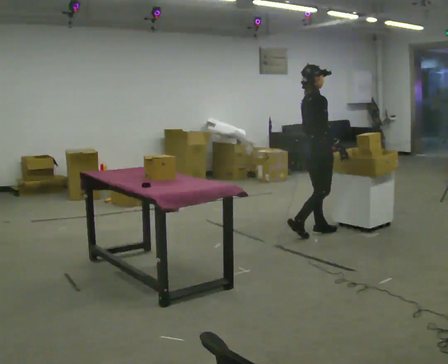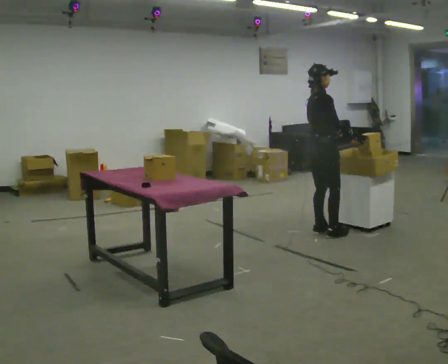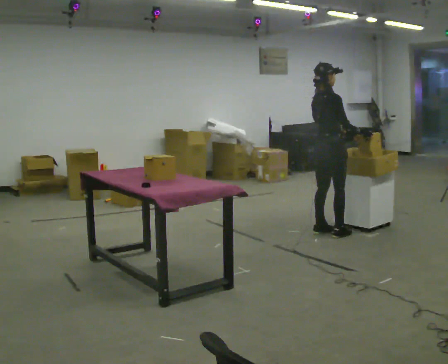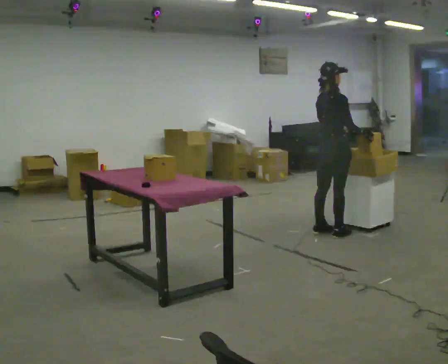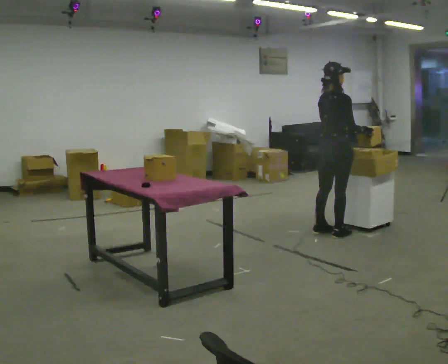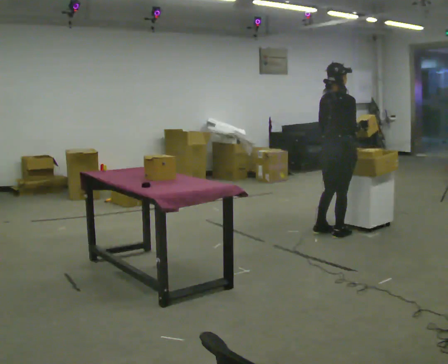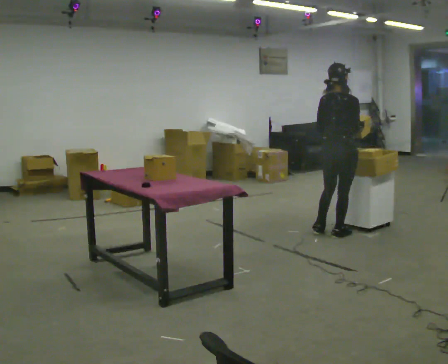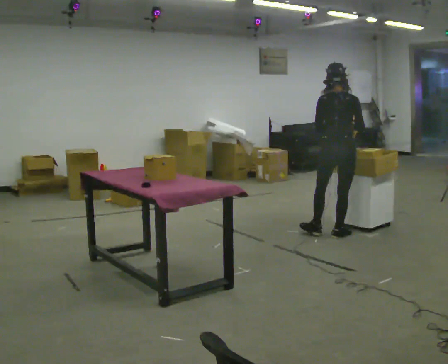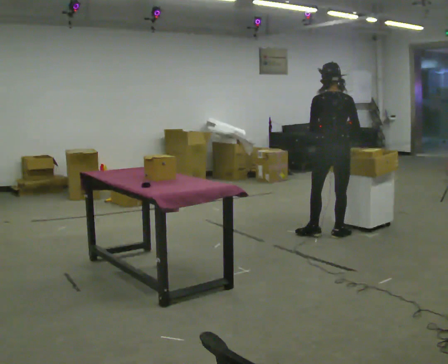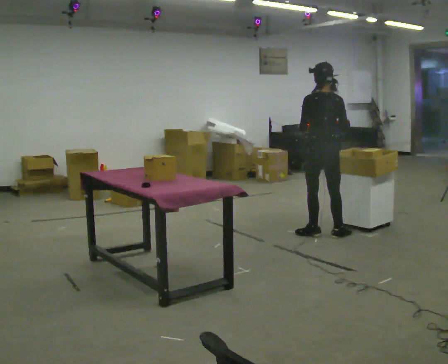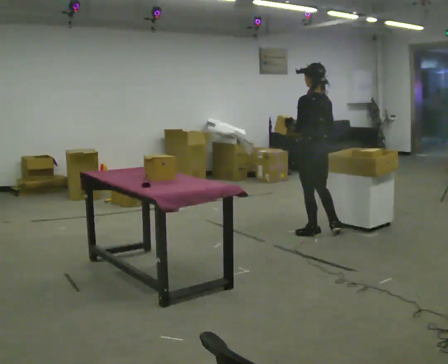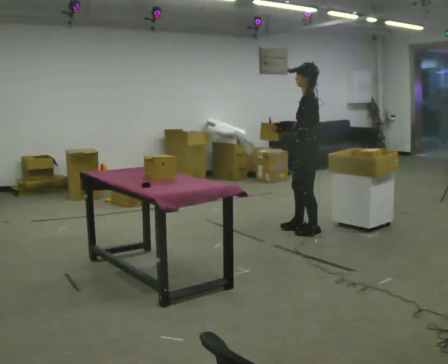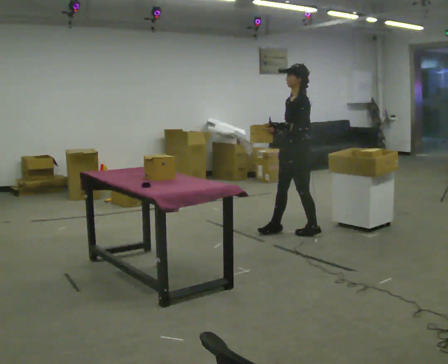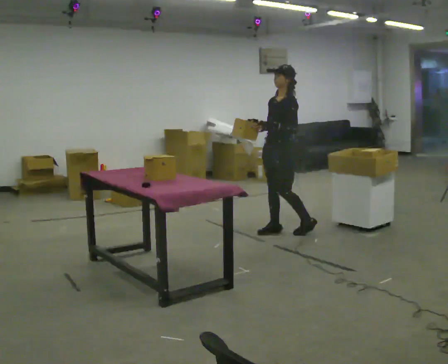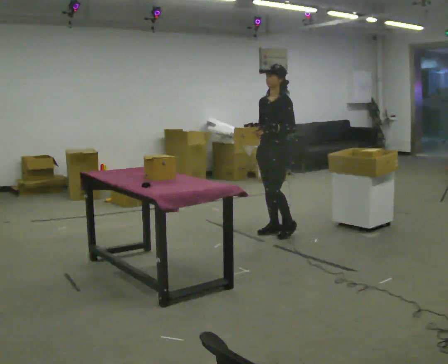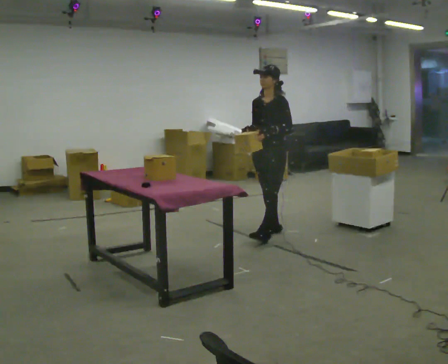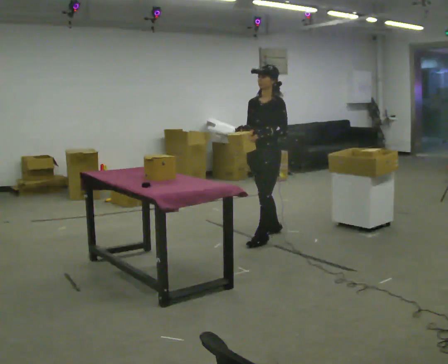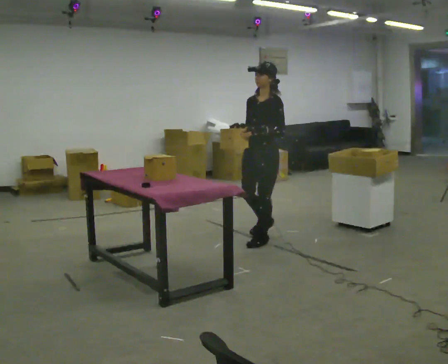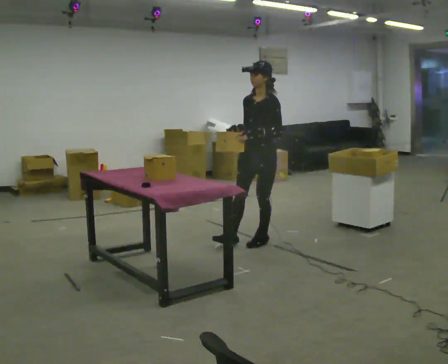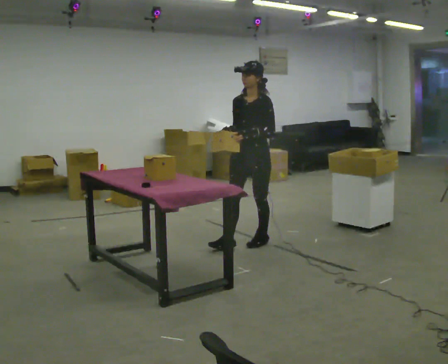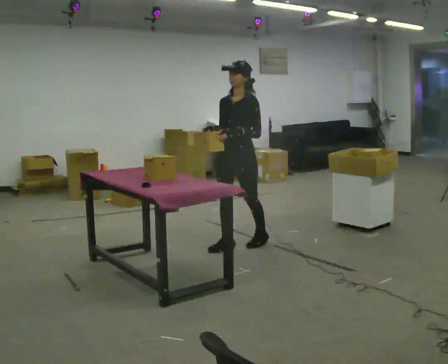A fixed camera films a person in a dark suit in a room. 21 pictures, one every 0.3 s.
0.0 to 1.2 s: In the picture they go to the right, about 0.25 m in 1 step, which for them is to their right.
1.2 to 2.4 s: Seen from above the body turns counterclockwise, about 45 degrees: to their left, with its near side sliding to the right.
2.4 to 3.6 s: The person turns about 105 degrees to their left, counterclockwise seen from above, so the part of the body nearest the lens slides to the right. In the picture they go to the left, about 0.25 m in 1 step.
3.6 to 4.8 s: The part of the body nearest the lens slides to the right as the person turns to their left by about 30 degrees. In the picture they go to the left and toward the camera, about 0.25 m in 1 step, which for them is forward.
4.8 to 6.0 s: In the picture they go toward the camera and to the left, about 0.5 m in 1 step, which for them is forward.
The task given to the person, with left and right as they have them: Move objects one at a time from the waist-height shelf at one end of the room to the waist-height shelf at the other end. Keep going until the operator says stop; one object at a time, and do not rush between trips.
The film runs forward here.
